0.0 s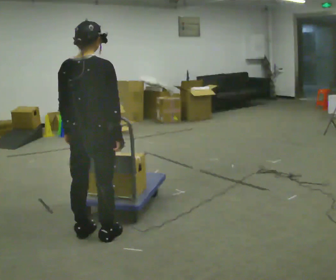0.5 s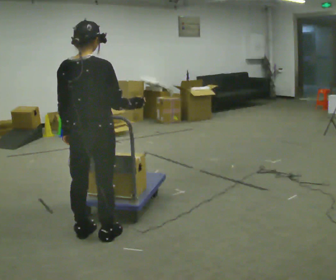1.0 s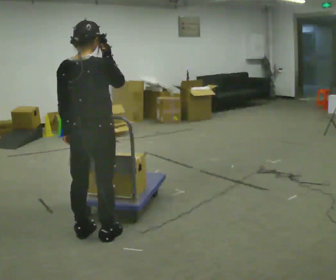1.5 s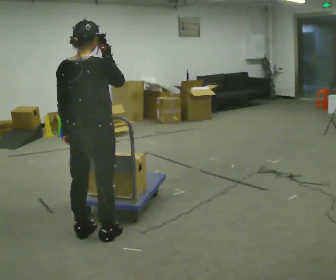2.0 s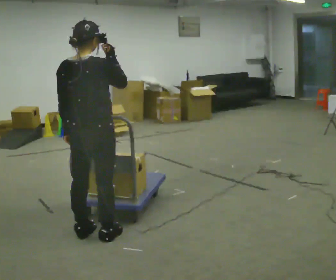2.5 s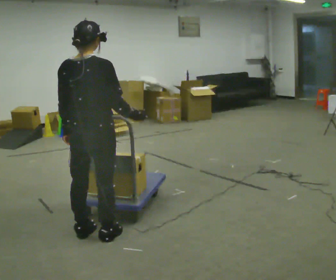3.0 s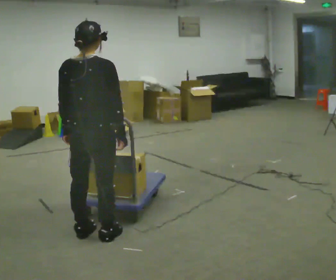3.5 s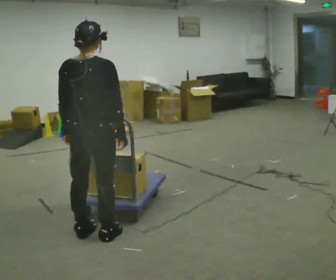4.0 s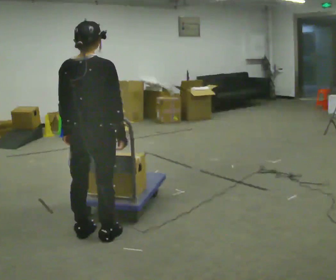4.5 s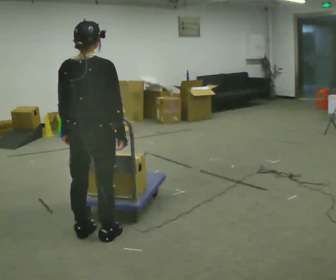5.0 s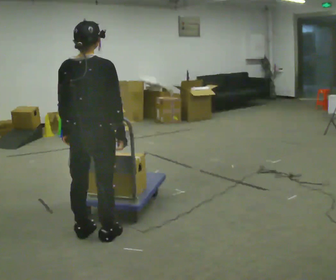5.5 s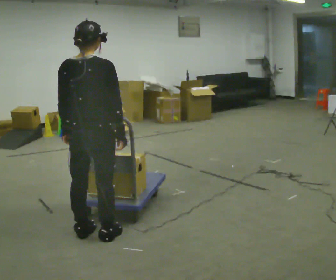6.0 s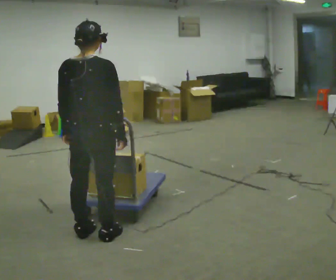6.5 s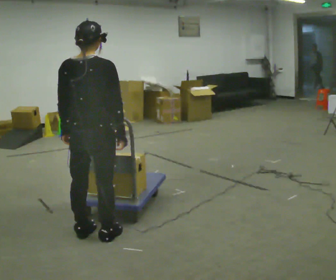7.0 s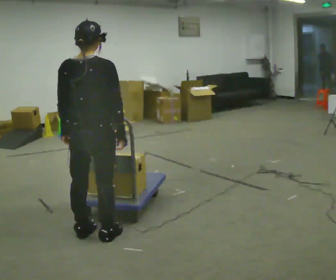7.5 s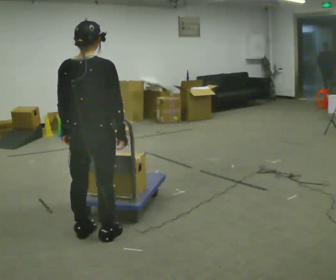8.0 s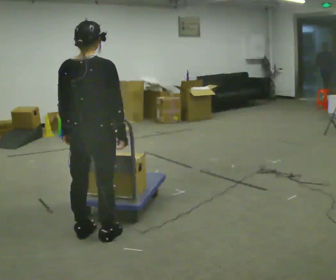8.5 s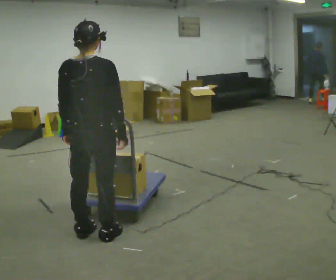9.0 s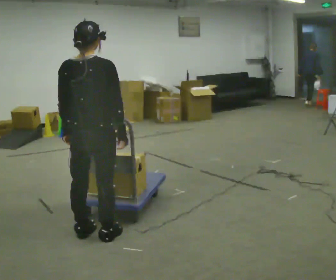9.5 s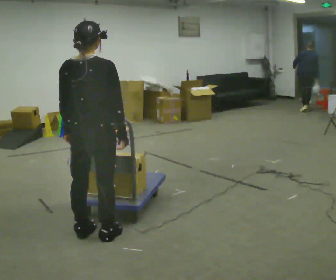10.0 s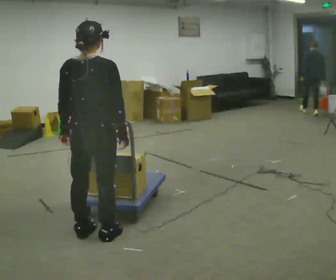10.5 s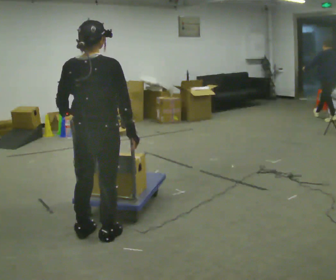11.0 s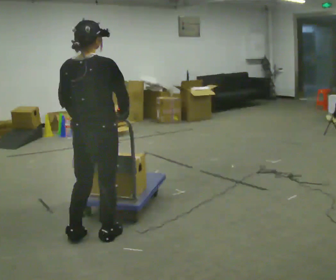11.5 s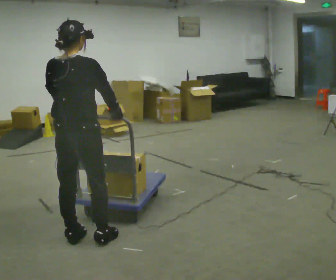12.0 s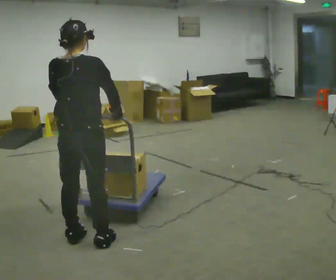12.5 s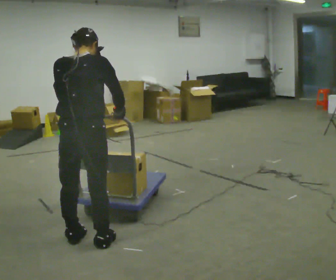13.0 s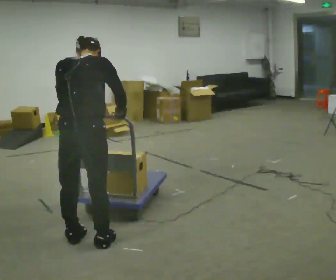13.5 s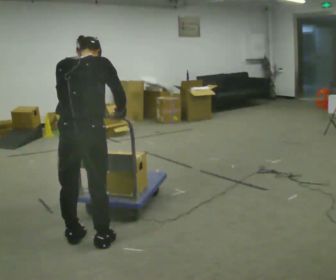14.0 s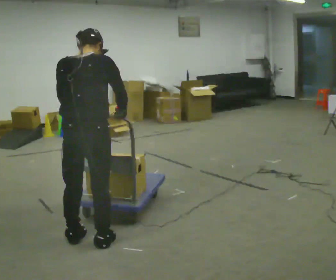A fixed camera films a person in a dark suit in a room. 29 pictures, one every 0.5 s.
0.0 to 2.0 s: In the picture their right hand goes upward.
2.0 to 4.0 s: In the picture their right hand goes downward.
4.0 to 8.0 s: The person keeps their place and pose.
8.0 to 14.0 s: The person moves a little, or ends about where they began.
The film runs backward here.
